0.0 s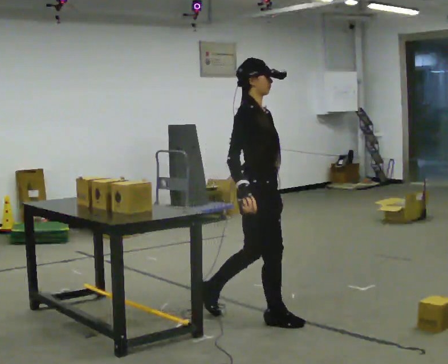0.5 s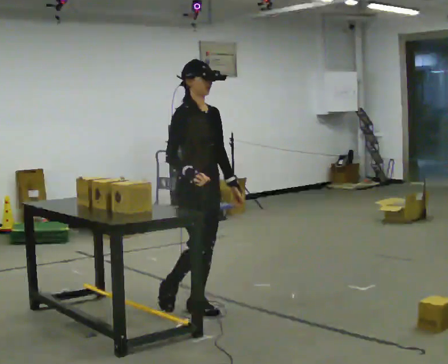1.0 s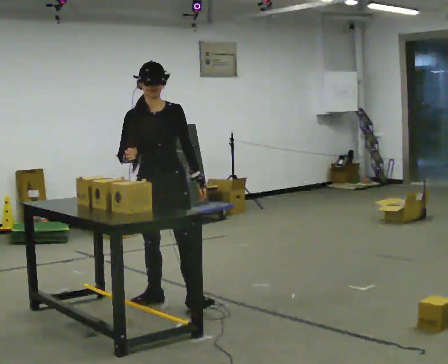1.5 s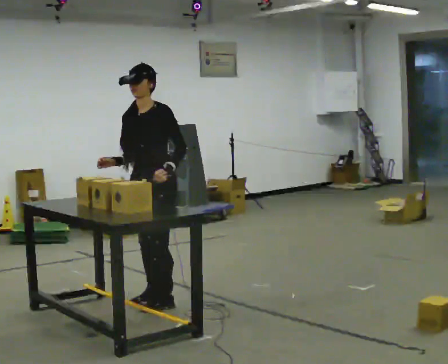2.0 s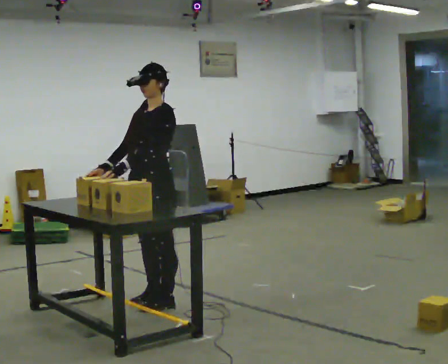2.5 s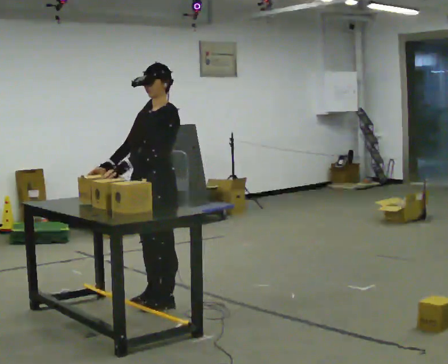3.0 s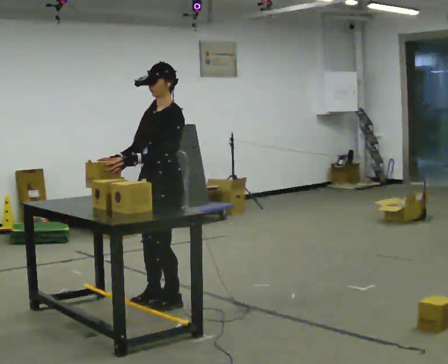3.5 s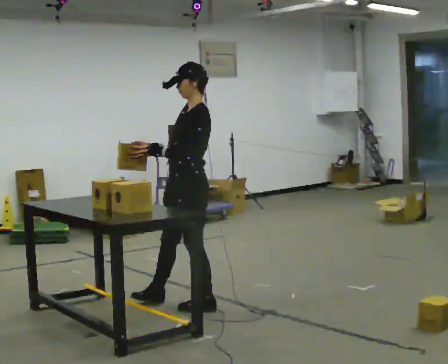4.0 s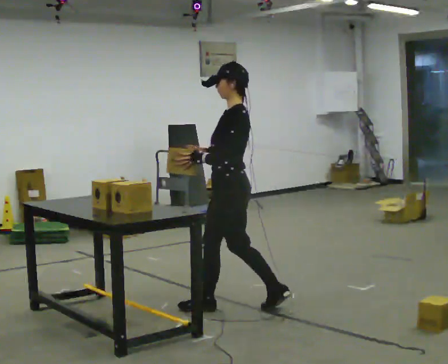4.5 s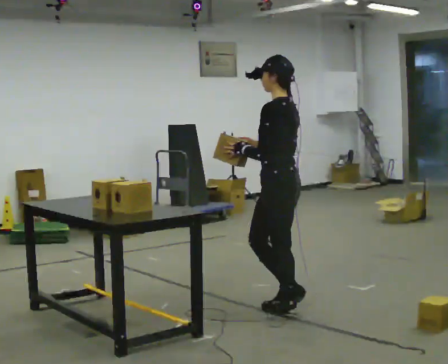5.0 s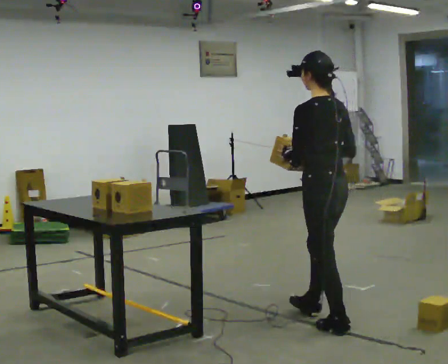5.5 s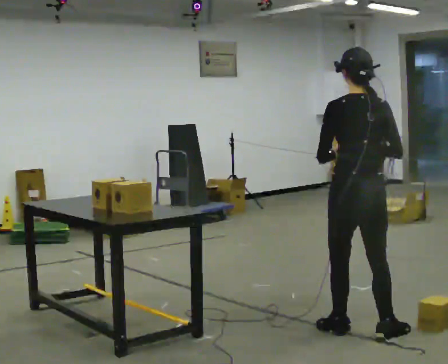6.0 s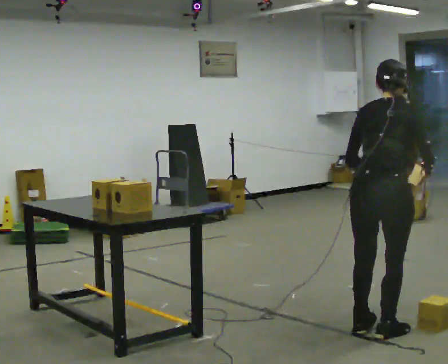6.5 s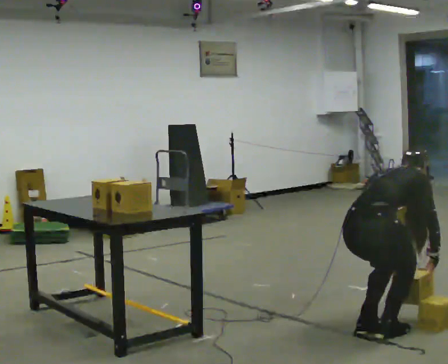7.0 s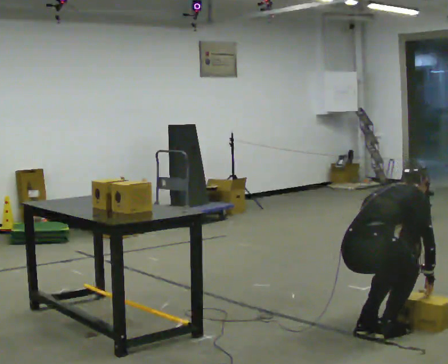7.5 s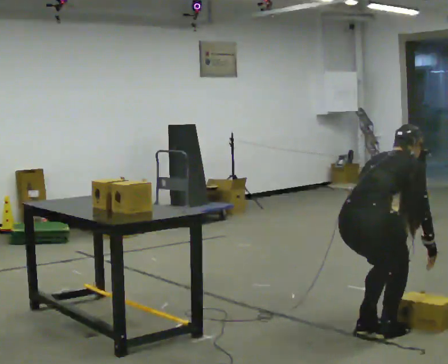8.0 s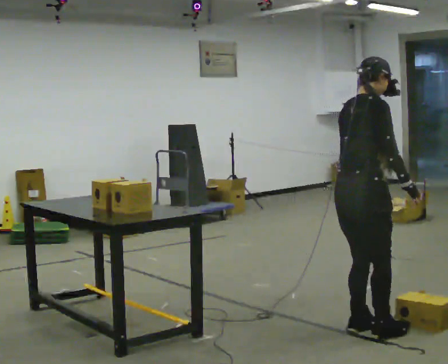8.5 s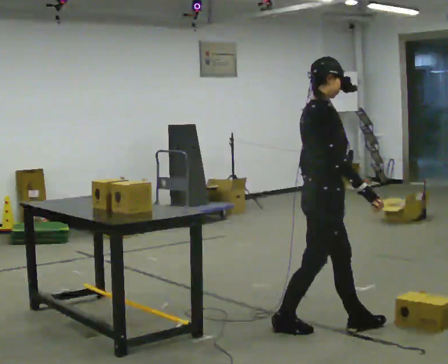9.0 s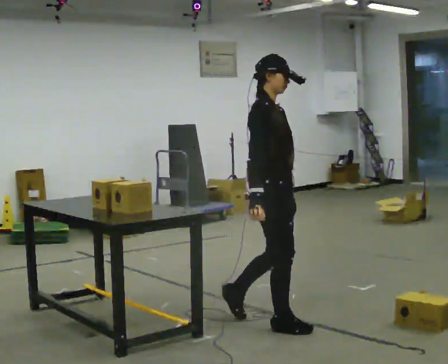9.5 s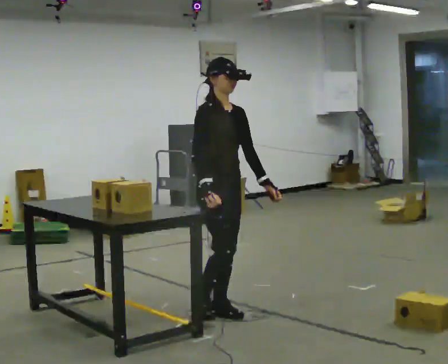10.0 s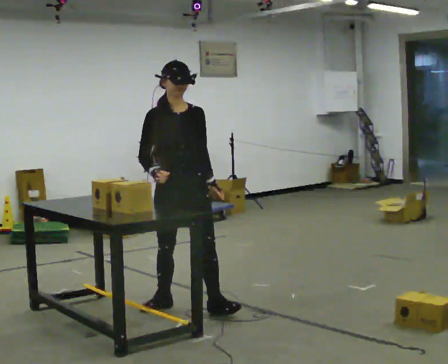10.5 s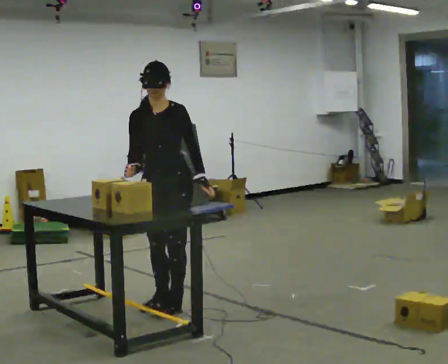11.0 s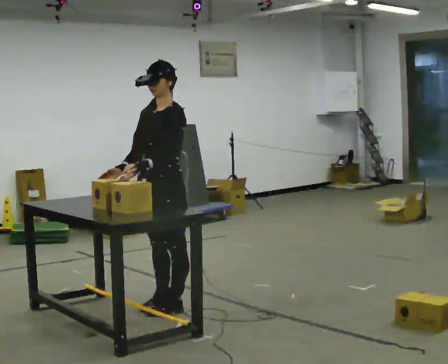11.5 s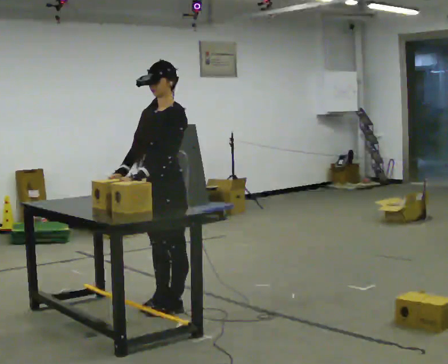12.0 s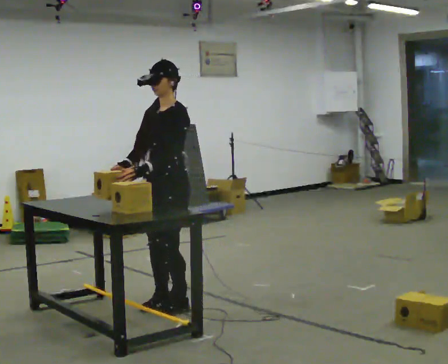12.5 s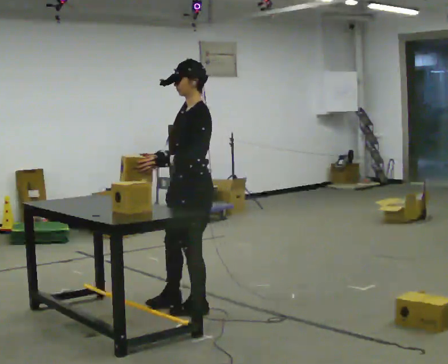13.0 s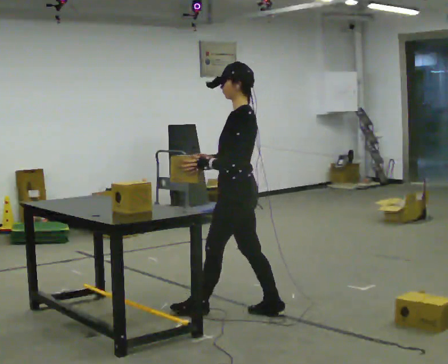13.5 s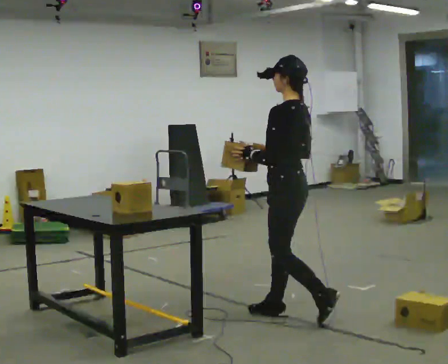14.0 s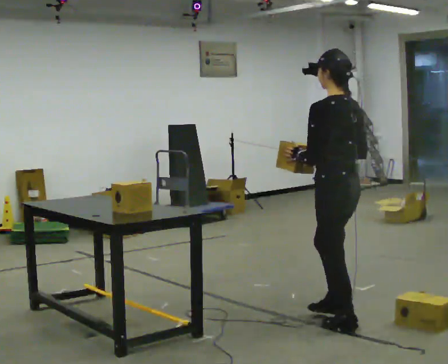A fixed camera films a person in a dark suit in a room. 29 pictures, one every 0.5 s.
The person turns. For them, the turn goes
to their right.
The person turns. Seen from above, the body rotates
clockwise.
0.0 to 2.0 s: The person turns about 120 degrees to their right, clockwise seen from above, so the part of the body nearest the lens slides to the left. In the picture they go to the left and away from the camera, about 1 m in 2 steps.
2.0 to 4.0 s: Seen from above the body turns clockwise, about 60 degrees: to their right, with its near side sliding to the left. In the picture they go to the right, about 0.5 m in 2 steps.
4.0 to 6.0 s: Seen from above the body turns clockwise, about 105 degrees: to their right, with its near side sliding to the left. In the picture they go to the right and toward the camera, about 1 m in 2 steps. The upper body tips away from the camera, its near side rolling upward, as they bend forward.
6.0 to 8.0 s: The part of the body nearest the lens slides to the left as the person turns to their right by about 45 degrees.
8.0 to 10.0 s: The part of the body nearest the lens slides to the left as the person turns to their right by about 105 degrees. In the picture they go to the left and away from the camera, about 1 m in 2 steps.
10.0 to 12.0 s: The person turns about 60 degrees to their right, clockwise seen from above, so the part of the body nearest the lens slides to the left. In the picture their left hand goes to the left.
12.0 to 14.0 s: Seen from above the body turns clockwise, about 90 degrees: to their right, with its near side sliding to the left. In the picture they go to the right and toward the camera, about 1 m in 3 steps.
The film runs backward here.
